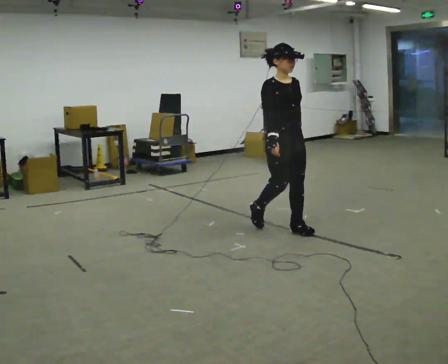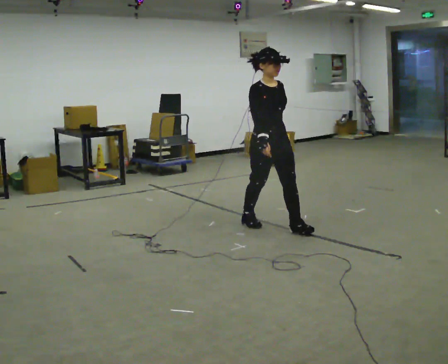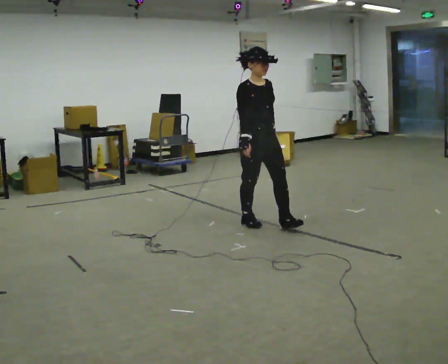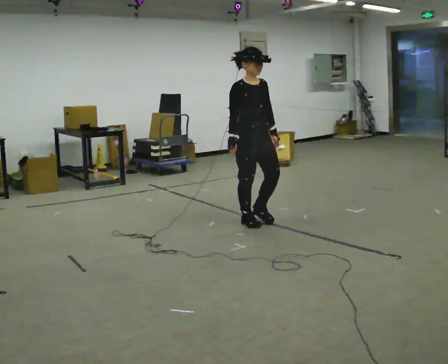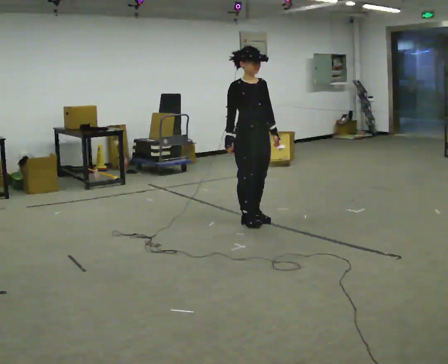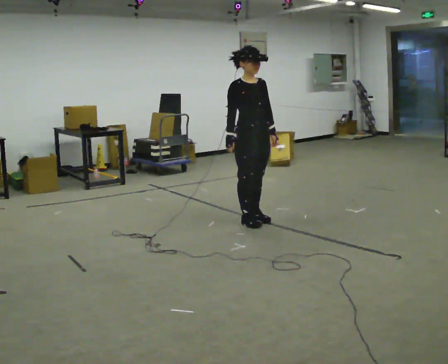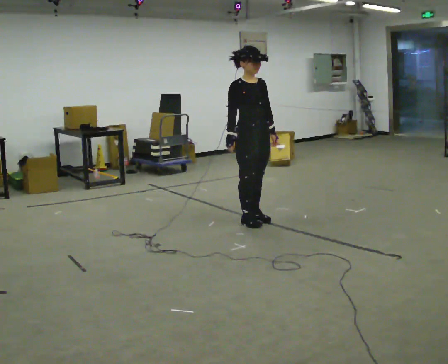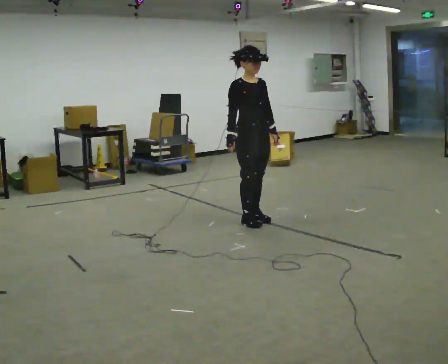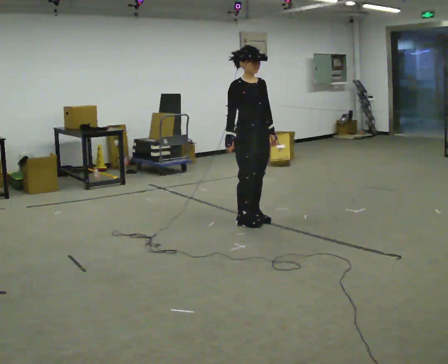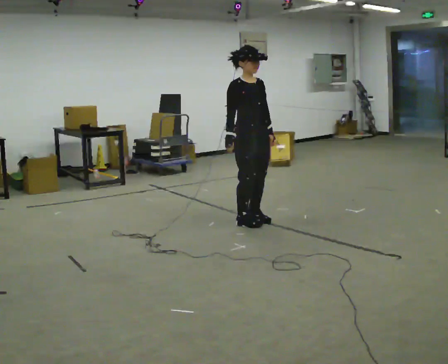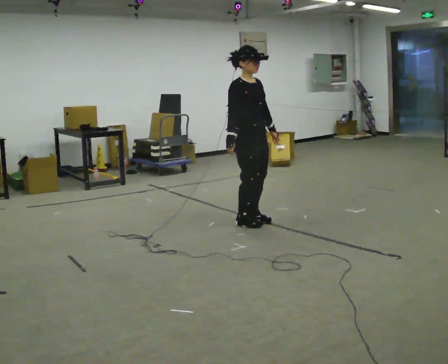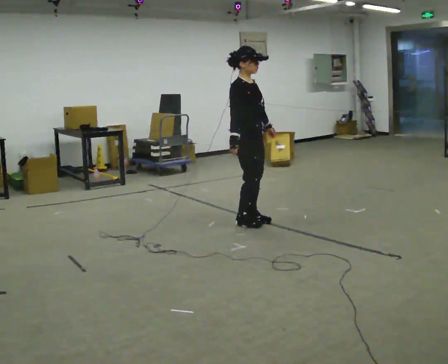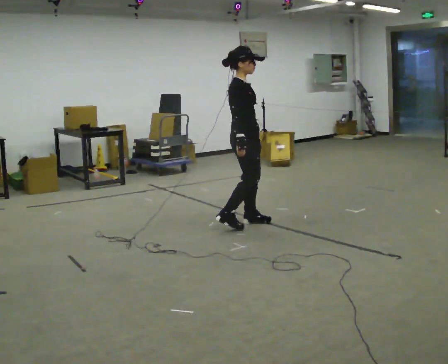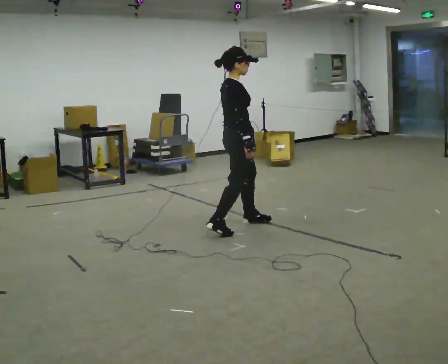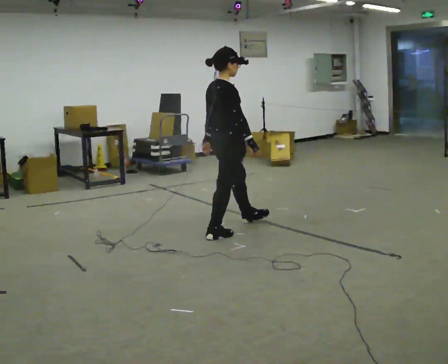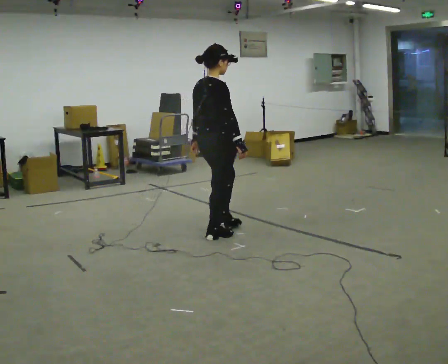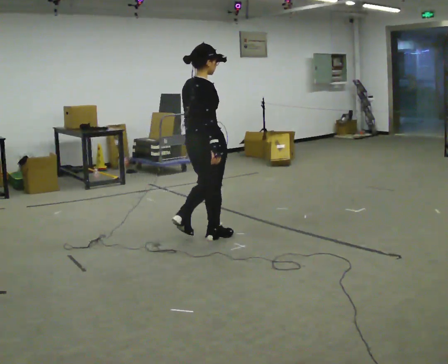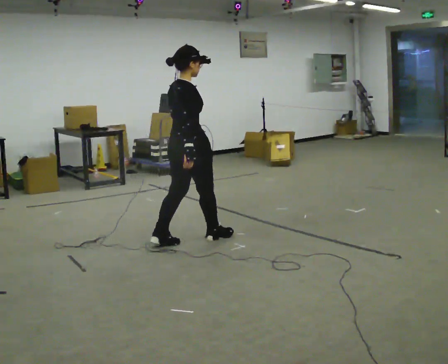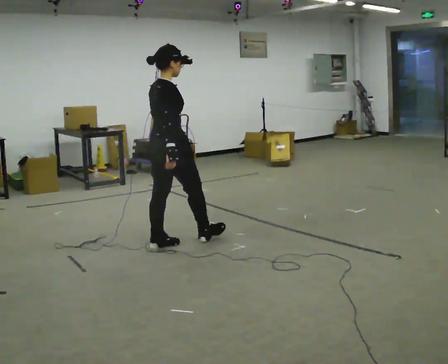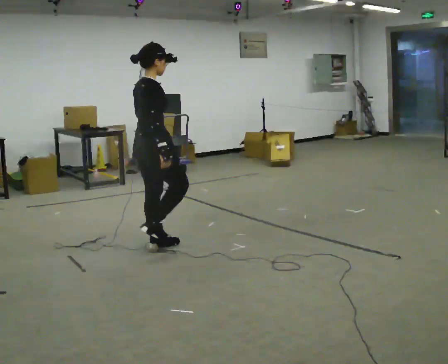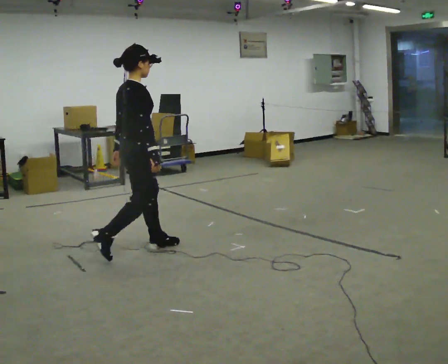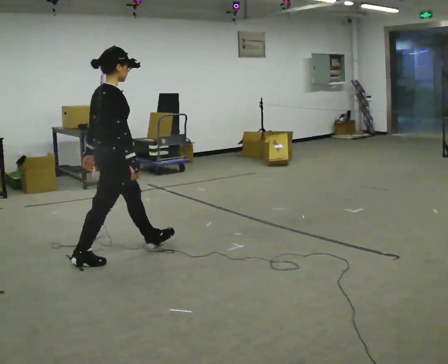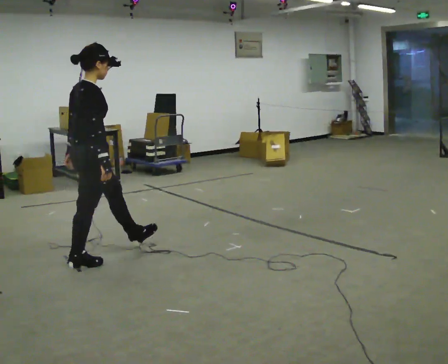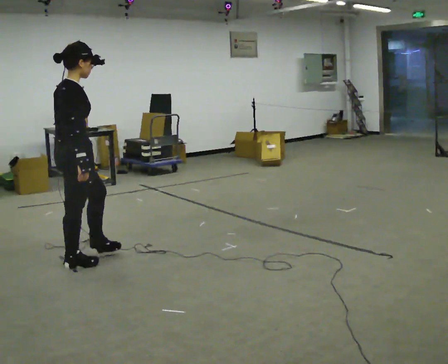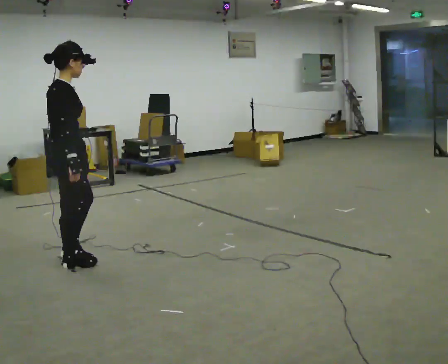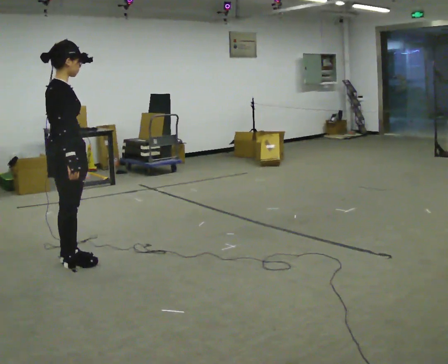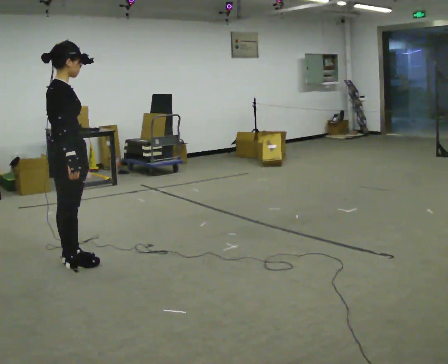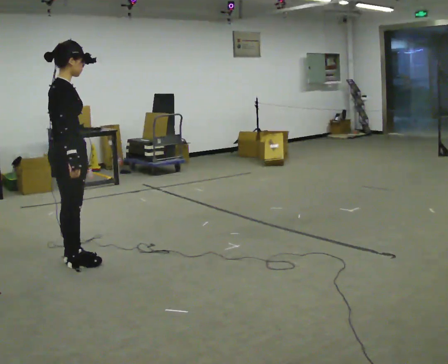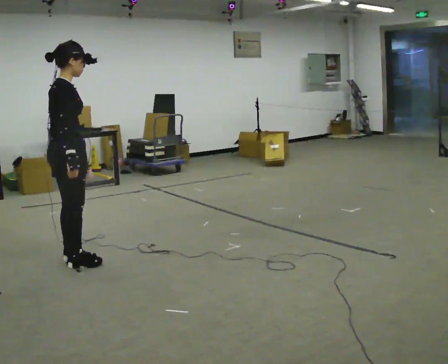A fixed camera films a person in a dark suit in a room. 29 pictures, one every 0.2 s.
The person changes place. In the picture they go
to the left.
0.0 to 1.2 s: In the picture they go away from the camera and to the left, about 0.5 m in 1 step, which for them is backward.
1.2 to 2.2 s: The part of the body nearest the lens slides to the right as the person turns to their left by about 30 degrees.
2.2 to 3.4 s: The part of the body nearest the lens slides to the right as the person turns to their left by about 60 degrees. In the picture they go to the left and toward the camera, about 0.75 m in 2 steps.
3.4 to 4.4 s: In the picture they go to the left and toward the camera, about 1 m in 2 steps, which for them is backward.
4.4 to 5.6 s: In the picture they go to the left, about 0.25 m, which for them is backward.
The film runs backward here.
